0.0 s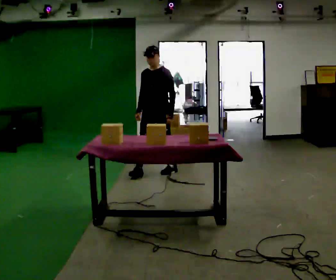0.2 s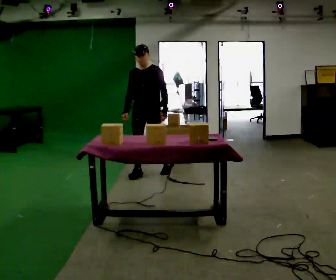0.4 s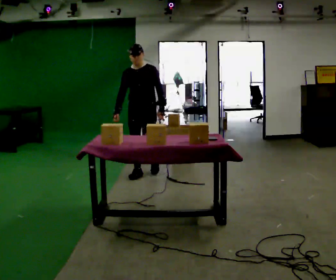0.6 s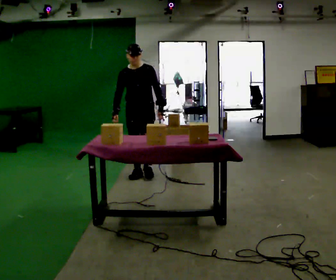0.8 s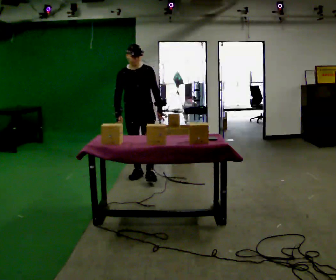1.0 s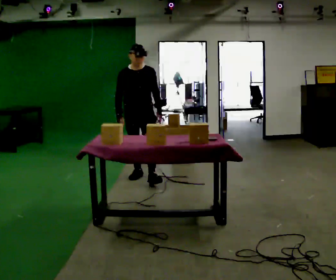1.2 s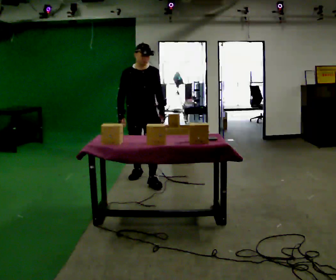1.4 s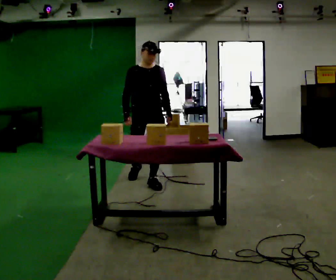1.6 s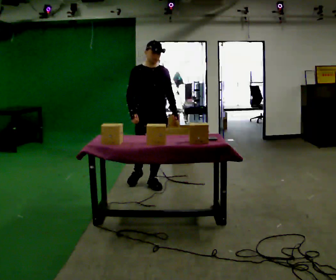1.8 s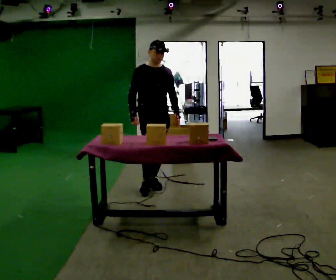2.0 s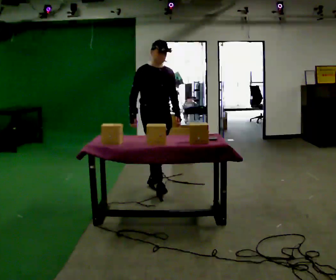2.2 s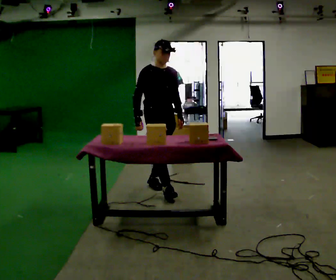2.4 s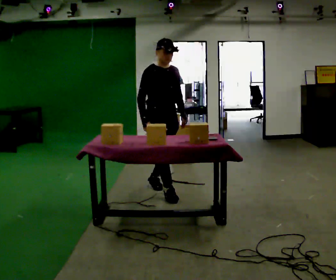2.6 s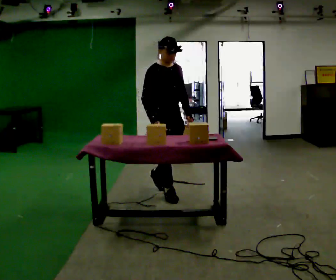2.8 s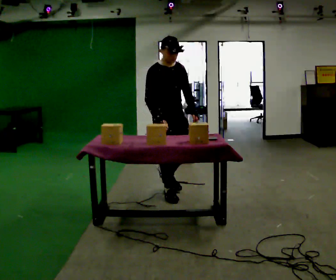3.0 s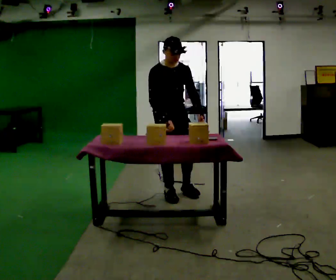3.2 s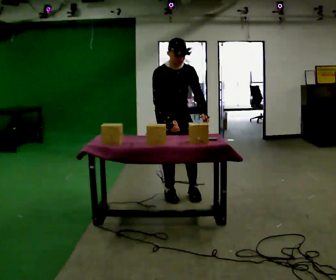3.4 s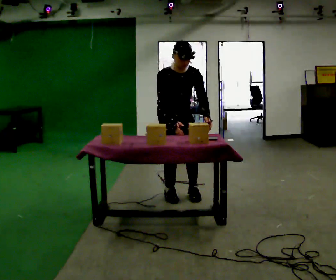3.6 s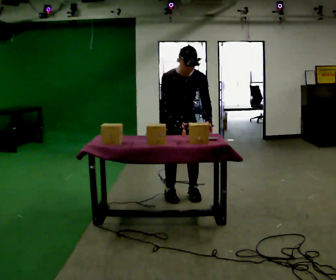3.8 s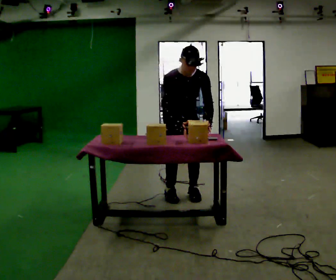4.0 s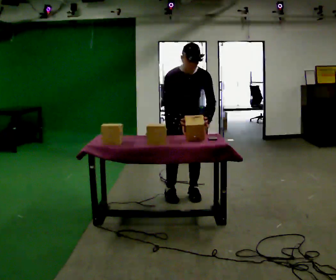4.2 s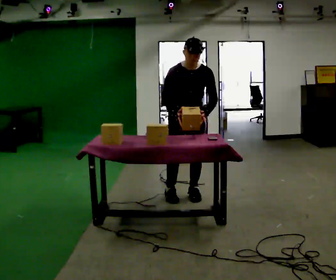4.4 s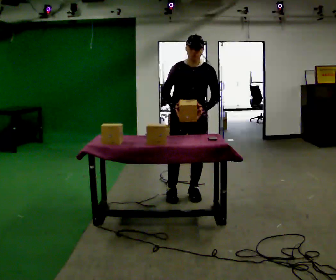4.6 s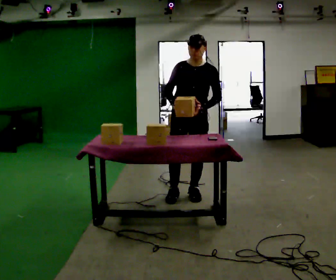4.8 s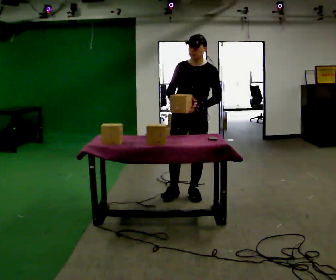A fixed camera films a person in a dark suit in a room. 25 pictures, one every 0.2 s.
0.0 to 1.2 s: The part of the body nearest the lens slides to the right as the person turns to their left by about 45 degrees. In the picture they go toward the camera and to the left, about 0.5 m in 1 step, which for them is forward.
1.2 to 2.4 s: Seen from above the body turns counterclockwise, about 30 degrees: to their left, with its near side sliding to the right. In the picture they go toward the camera and to the right, about 0.5 m in 1 step, which for them is forward.
2.4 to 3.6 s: The part of the body nearest the lens slides to the left as the person turns to their right by about 30 degrees. In the picture they go to the right, about 0.25 m in 1 step, which for them is forward. The upper body tips toward the camera, its near side rolling downward, as they bend forward.
3.6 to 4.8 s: Seen from above the body turns clockwise, about 30 degrees: to their right, with its near side sliding to the left. In the picture they go to the right, about 0.25 m, which for them is to their left. The upper body tips away from the camera, its near side rolling upward, as they lean back or straighten.
The film runs forward here.
